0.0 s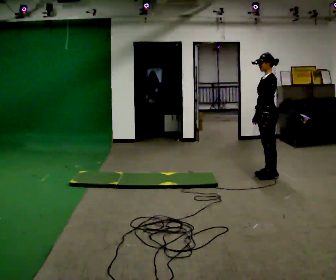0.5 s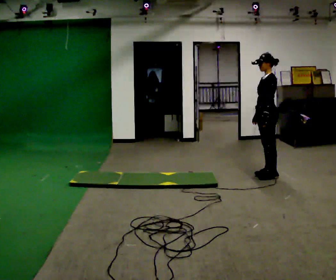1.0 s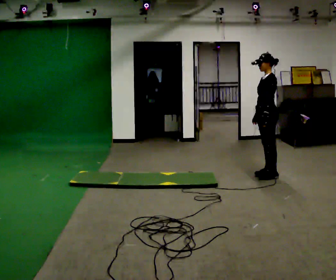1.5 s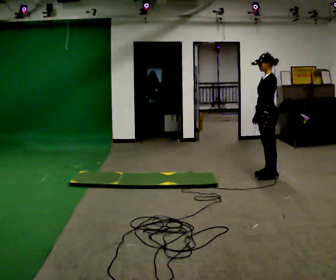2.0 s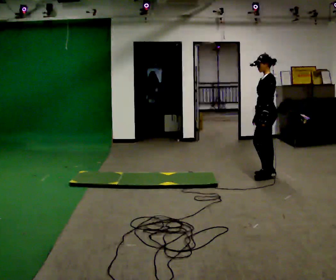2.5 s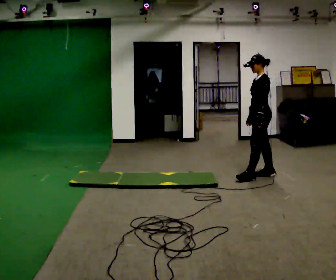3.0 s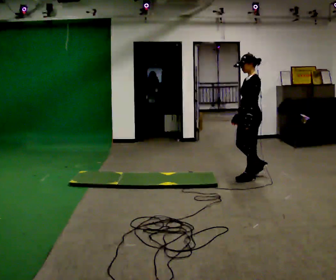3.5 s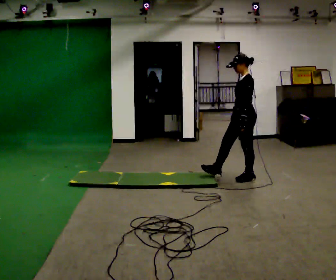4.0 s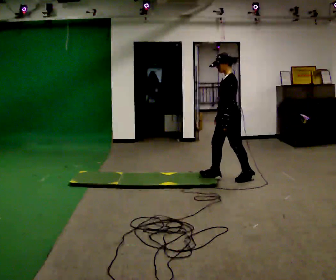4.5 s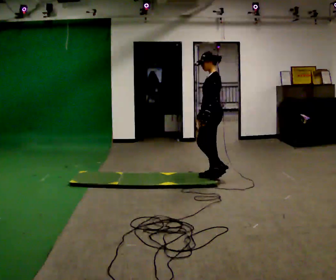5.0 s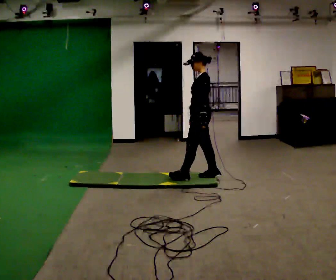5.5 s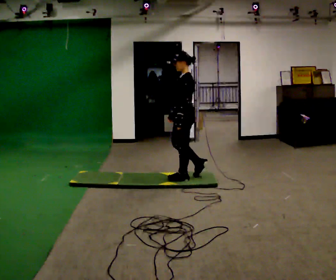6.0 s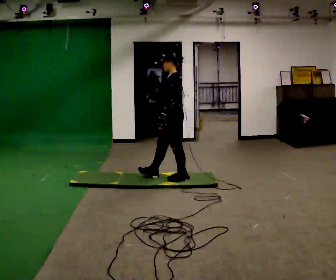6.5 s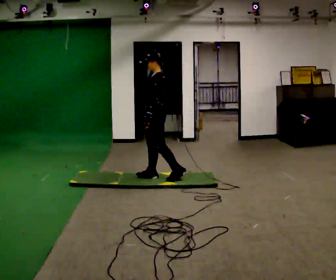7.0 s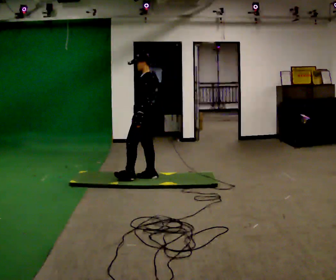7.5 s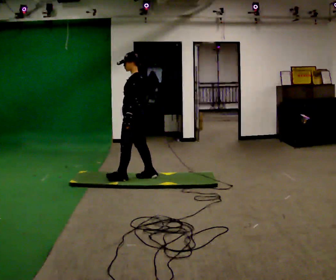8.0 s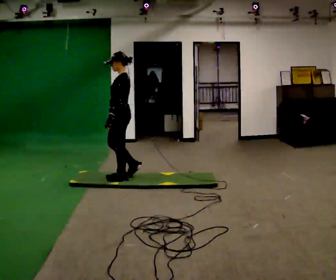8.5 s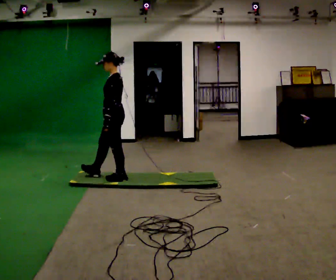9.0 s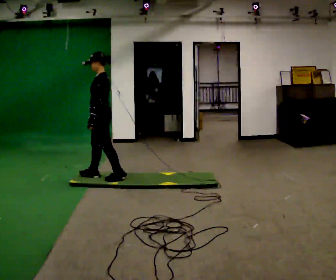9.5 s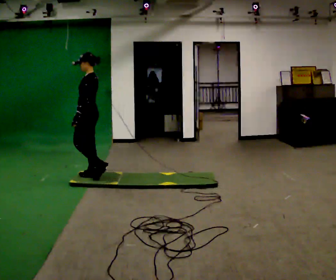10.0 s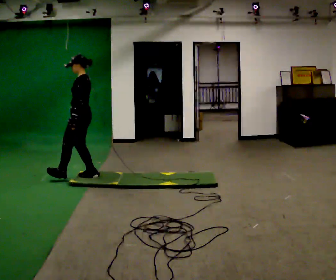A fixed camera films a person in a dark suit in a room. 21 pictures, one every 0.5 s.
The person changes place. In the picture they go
to the left.
0.0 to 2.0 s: The person moves a little, or ends about where they began.
2.0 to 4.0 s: In the picture they go to the left, about 0.5 m in 2 steps, which for them is forward.
4.0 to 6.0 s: In the picture they go to the left, about 0.75 m in 2 steps, which for them is forward.
6.0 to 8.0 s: In the picture they go to the left, about 0.75 m in 1 step, which for them is forward.
8.0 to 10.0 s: In the picture they go to the left, about 0.5 m in 2 steps, which for them is forward.
The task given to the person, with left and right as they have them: Walk across the soft uneven mat at a comfortable speed; continue walking normally after you leave it.
The film runs forward here.
